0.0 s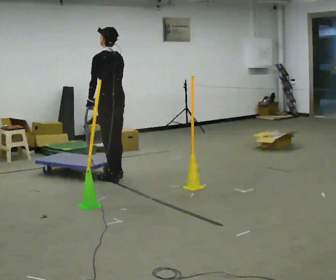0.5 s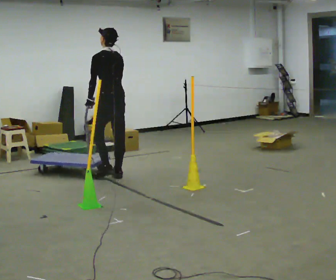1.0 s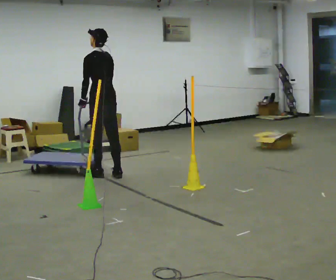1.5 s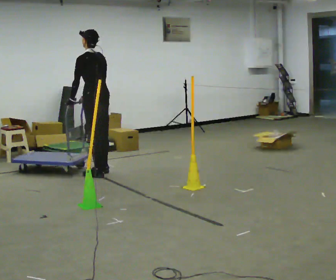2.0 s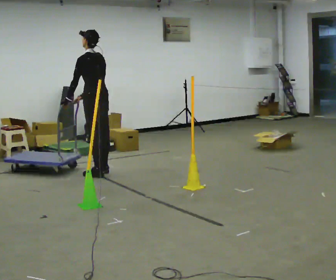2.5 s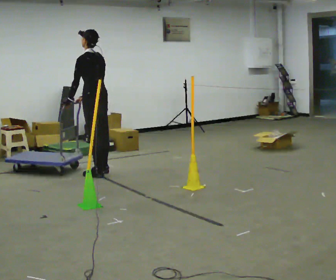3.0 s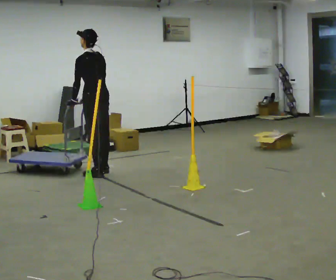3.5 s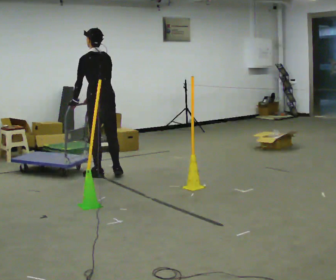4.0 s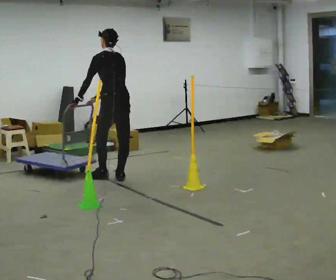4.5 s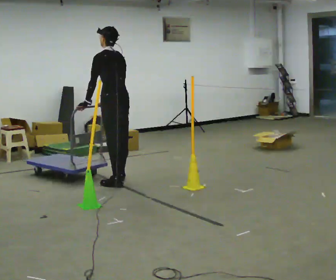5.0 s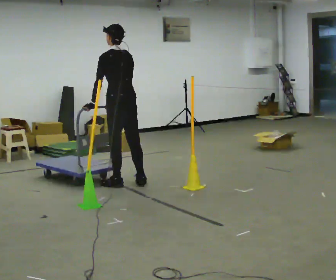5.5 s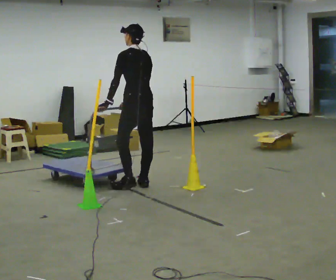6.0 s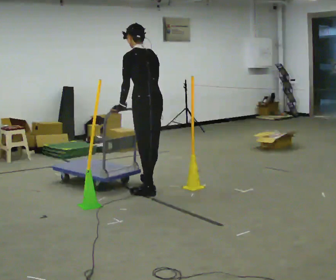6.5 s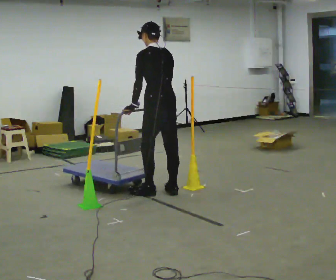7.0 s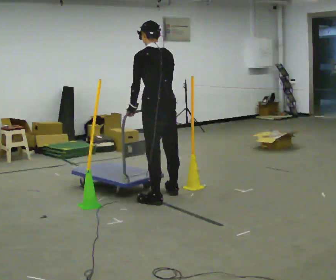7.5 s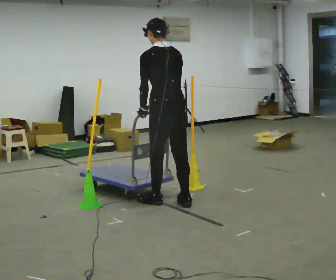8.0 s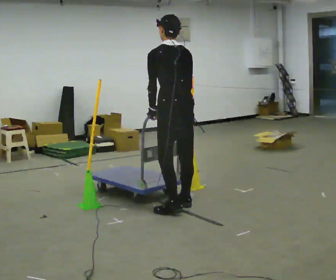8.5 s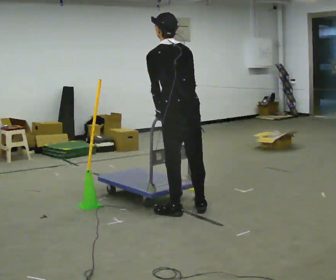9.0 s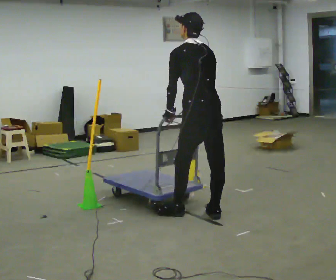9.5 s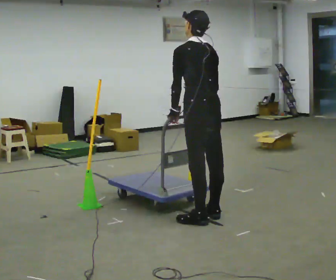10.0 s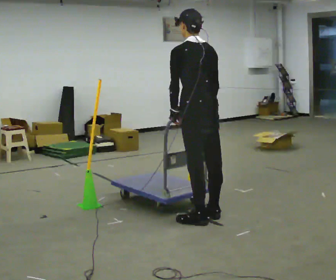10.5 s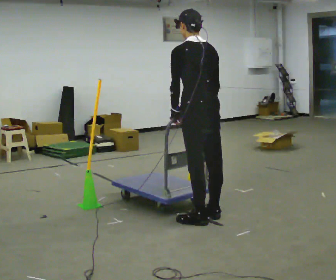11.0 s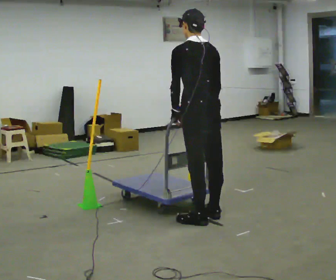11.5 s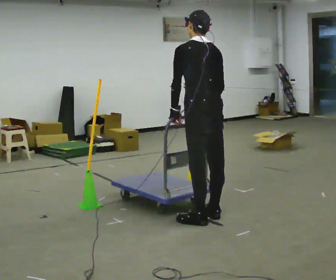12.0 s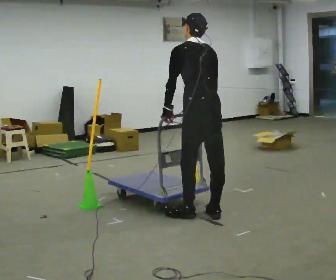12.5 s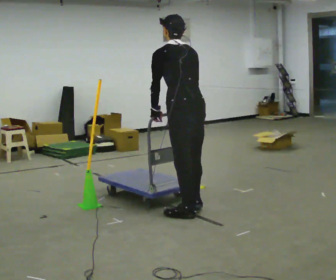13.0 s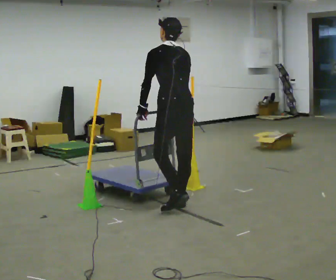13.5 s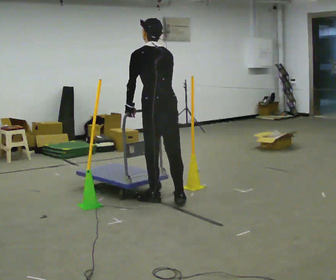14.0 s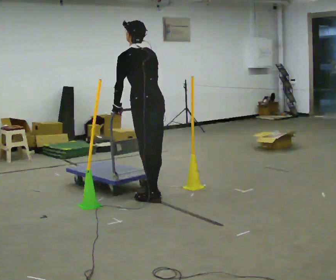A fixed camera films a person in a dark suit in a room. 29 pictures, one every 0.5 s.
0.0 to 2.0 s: In the picture they go away from the camera and to the left, about 0.5 m in 2 steps, which for them is forward.
2.0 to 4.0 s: In the picture they go toward the camera and to the right, about 0.5 m in 1 step, which for them is backward.
4.0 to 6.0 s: In the picture they go toward the camera and to the right, about 0.75 m in 3 steps, which for them is backward.
6.0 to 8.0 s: In the picture they go toward the camera and to the right, about 0.5 m in 4 steps, which for them is backward.
8.0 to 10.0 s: In the picture they go toward the camera and to the right, about 0.25 m in 2 steps, which for them is backward.
10.0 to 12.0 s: The person moves a little, or ends about where they began.
12.0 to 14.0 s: In the picture they go away from the camera and to the left, about 1 m in 2 steps, which for them is forward.
The film runs forward here.
